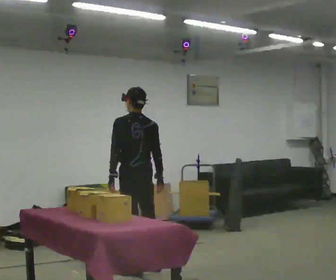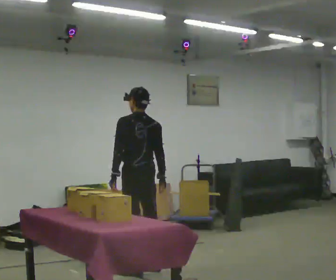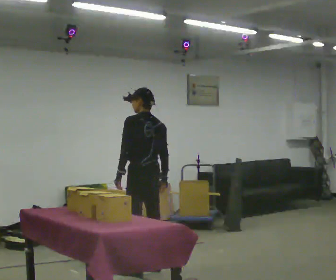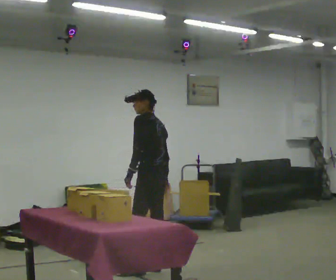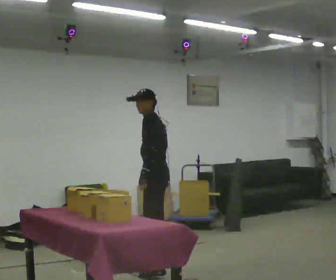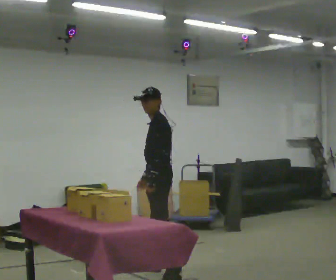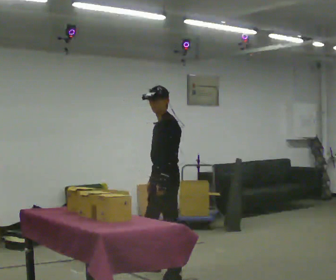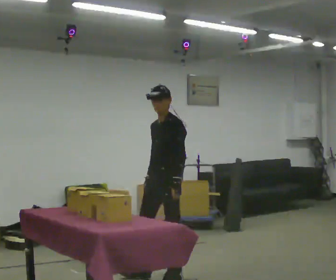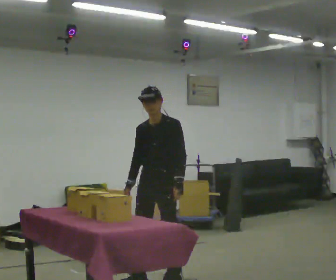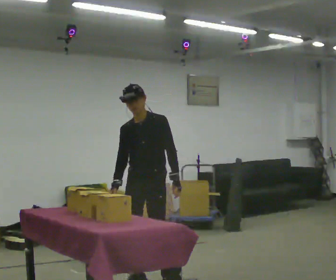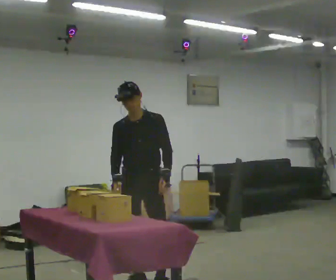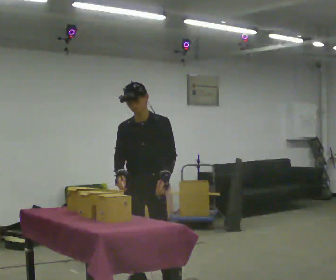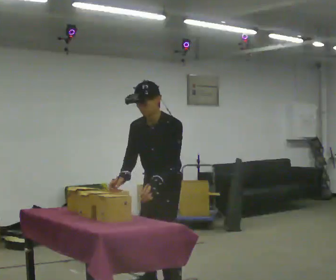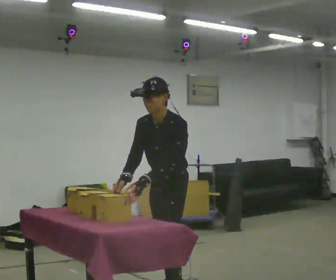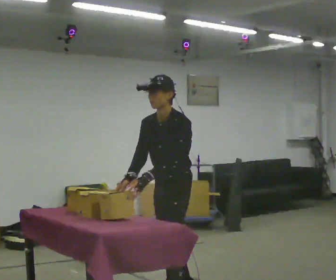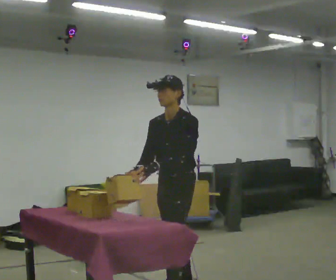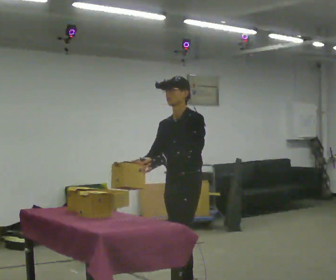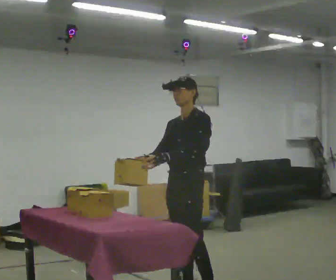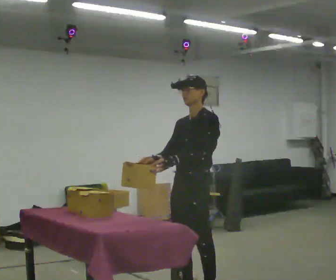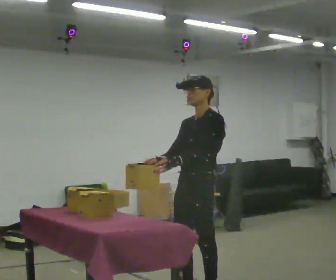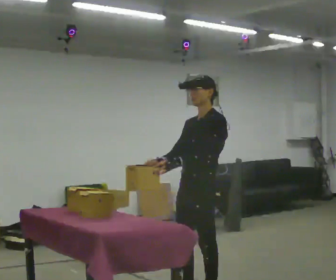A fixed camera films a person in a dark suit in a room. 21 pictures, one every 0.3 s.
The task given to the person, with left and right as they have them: Take an object out of the bin at knee height, carry it across the room, and place it on the chest-height shelf. Keep going until the operator says stop; one object at a time, and do not rush between trips.
0.0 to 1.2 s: Seen from above the body turns counterclockwise, about 60 degrees: to their left, with its near side sliding to the right. In the picture they go to the right, about 0.25 m, which for them is to their right. In the picture their left hand goes to the right.
1.2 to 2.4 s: The part of the body nearest the lens slides to the right as the person turns to their left by about 75 degrees. In the picture they go toward the camera, about 0.25 m in 2 steps.
2.4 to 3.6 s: In the picture they go toward the camera, about 0.5 m in 1 step, which for them is forward. The upper body tips toward the camera, its near side rolling downward, as they bend forward.
3.6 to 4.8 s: In the picture they go to the right, about 0.25 m in 1 step, which for them is backward. The upper body tips away from the camera, its near side rolling upward, as they lean back or straighten.
4.8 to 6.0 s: In the picture they go toward the camera, about 0.25 m in 1 step, which for them is to their left.
The film runs forward here.
